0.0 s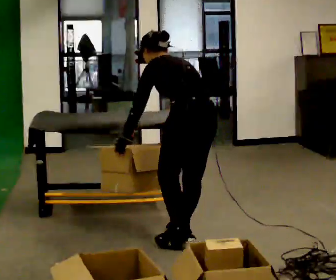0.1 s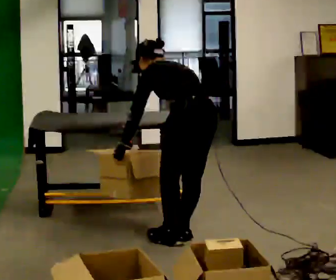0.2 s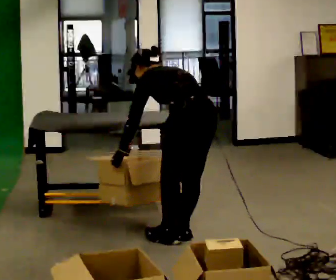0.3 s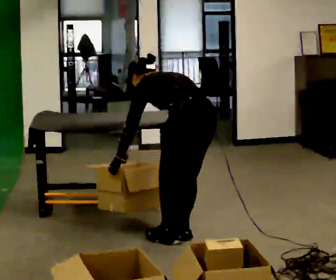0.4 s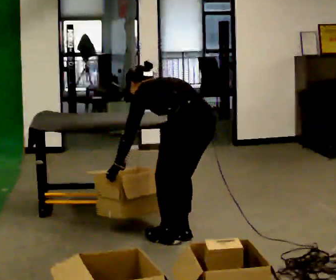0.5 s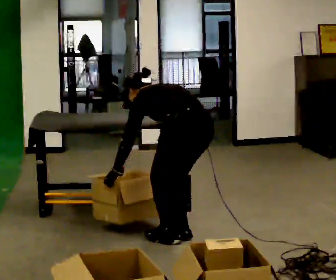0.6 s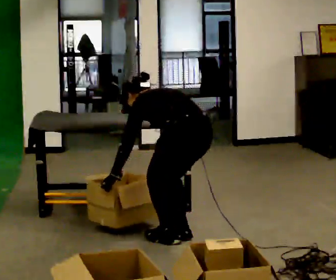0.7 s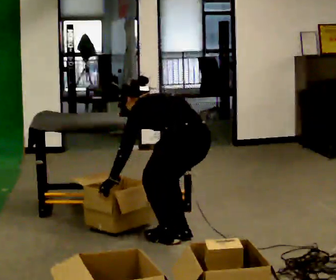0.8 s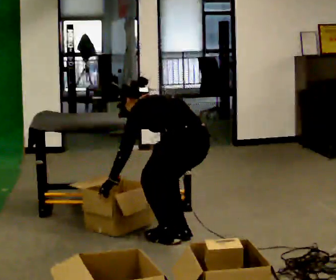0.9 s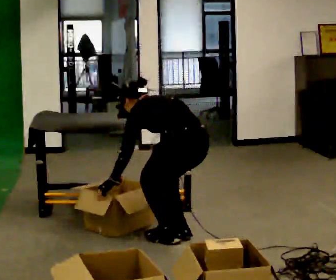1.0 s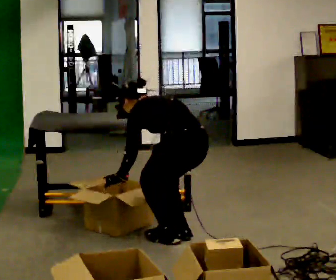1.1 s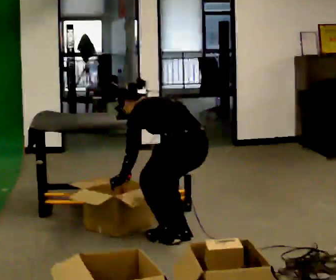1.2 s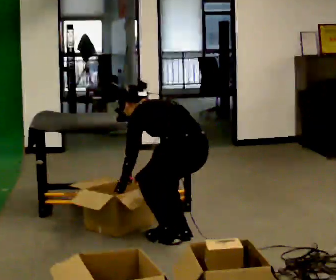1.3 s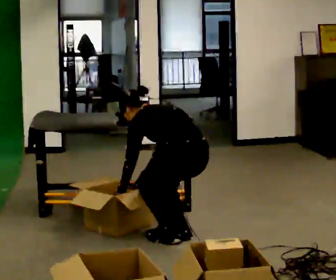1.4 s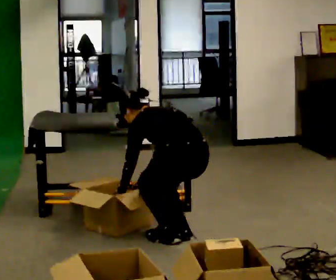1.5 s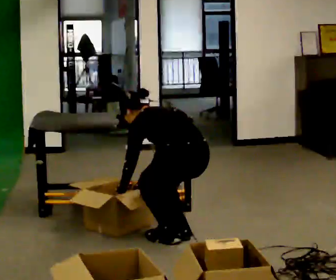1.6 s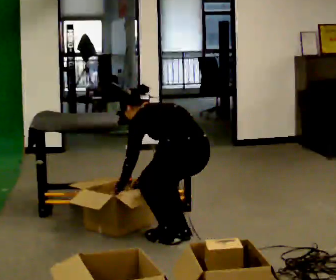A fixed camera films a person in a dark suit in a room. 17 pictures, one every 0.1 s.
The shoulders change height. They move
downward.
0.0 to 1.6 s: The shoulders move downward. In the picture their left hand goes downward.
The film runs forward here.
